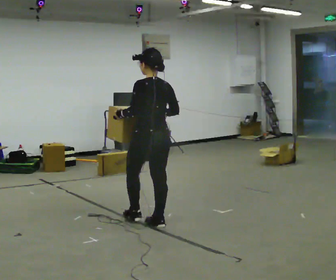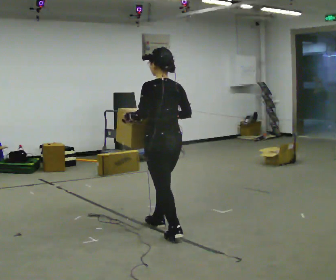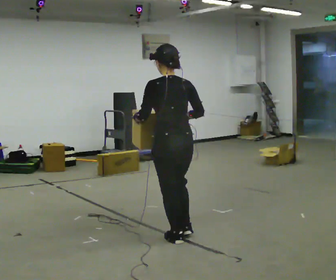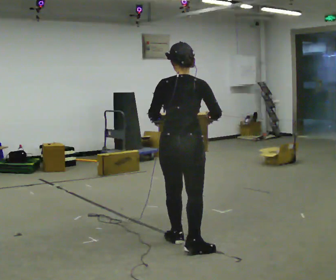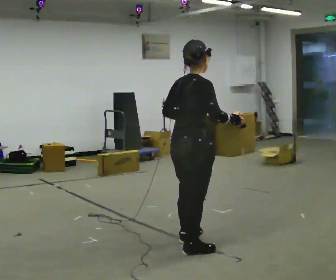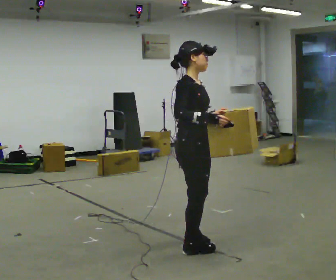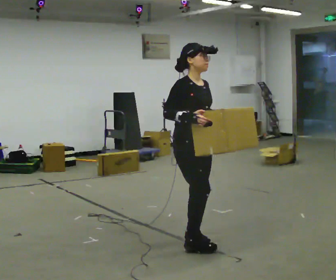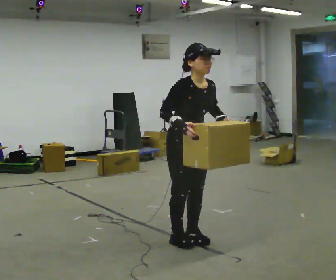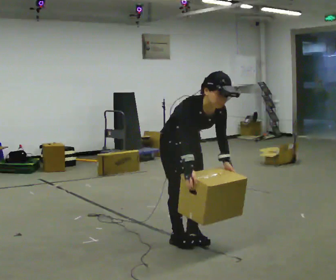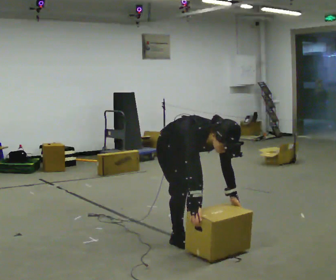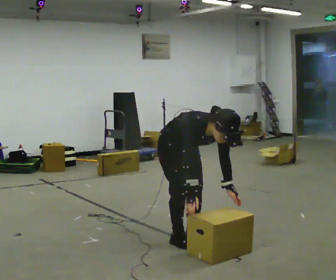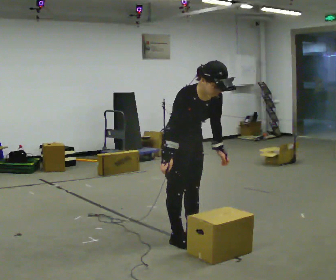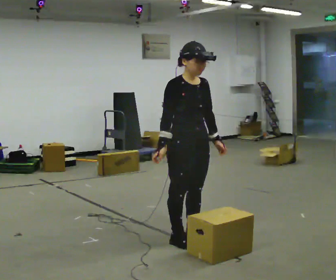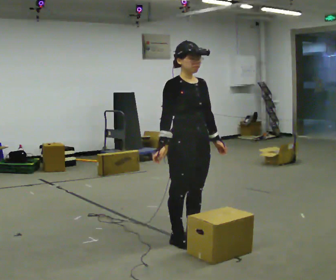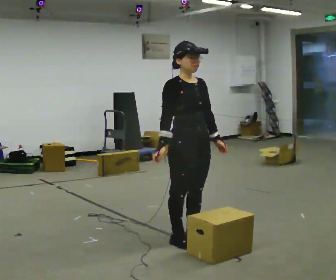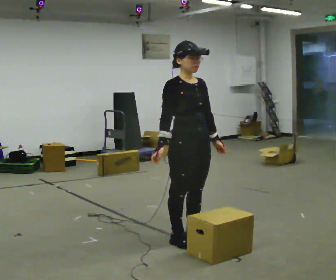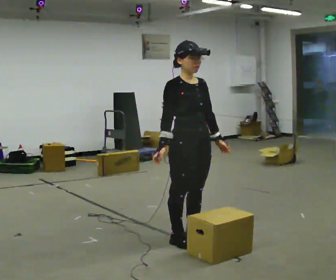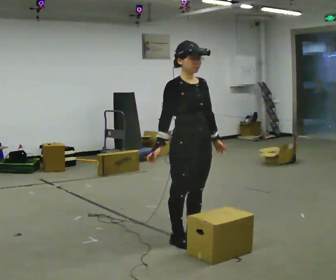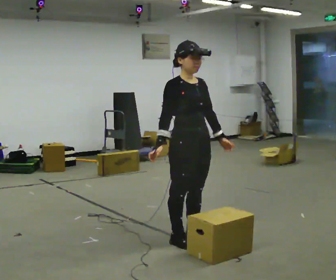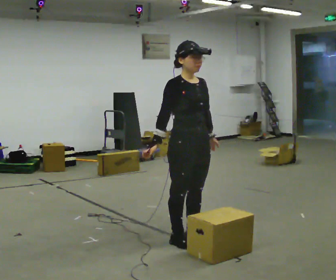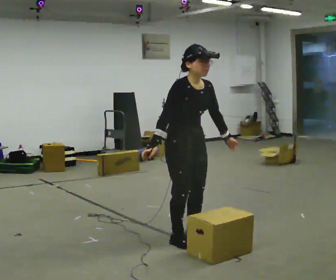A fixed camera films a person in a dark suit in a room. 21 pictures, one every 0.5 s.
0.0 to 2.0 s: Seen from above the body turns clockwise, about 90 degrees: to their right, with its near side sliding to the left. In the picture they go toward the camera and to the right, about 1 m in 1 step.
2.0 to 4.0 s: Seen from above the body turns clockwise, about 90 degrees: to their right, with its near side sliding to the left. In the picture they go away from the camera, about 0.25 m in 1 step. The shoulders move downward. The upper body tips toward the camera, its near side rolling downward, as they bend forward. In the picture their right hand goes downward.
4.0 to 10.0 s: The person moves a little, or ends about where they began.
The film runs backward here.
